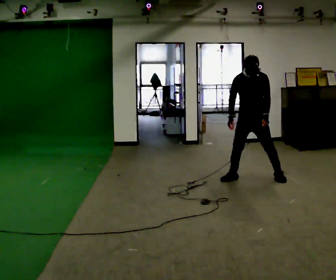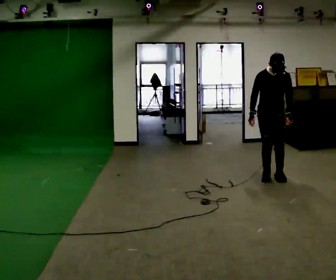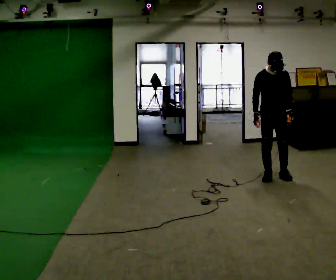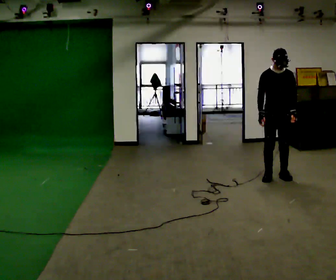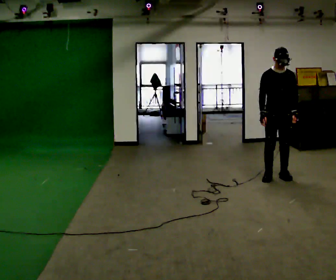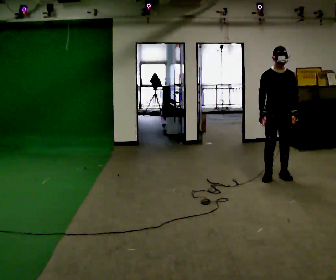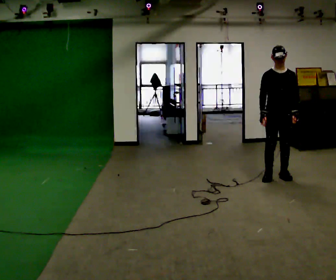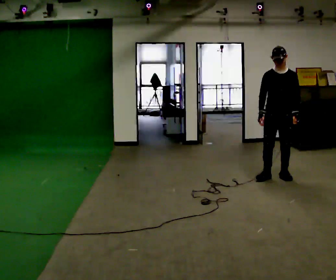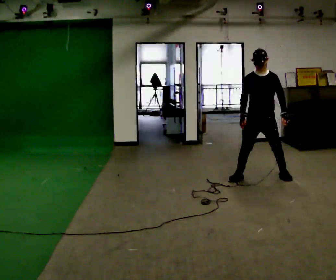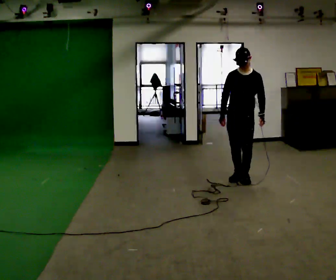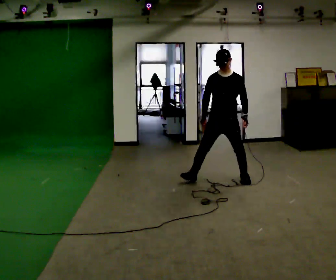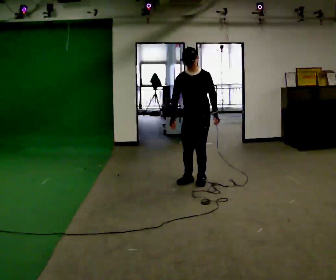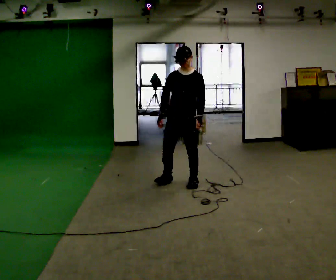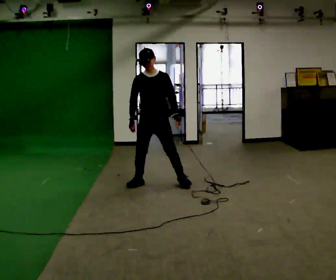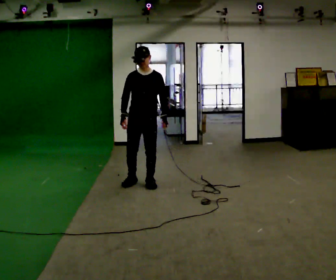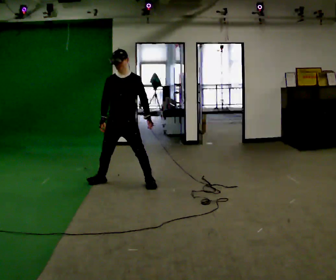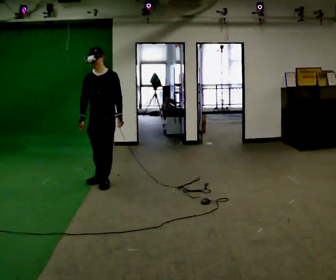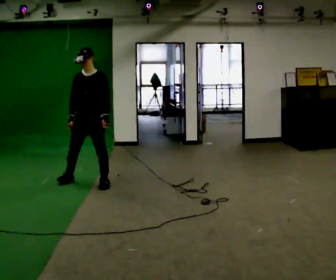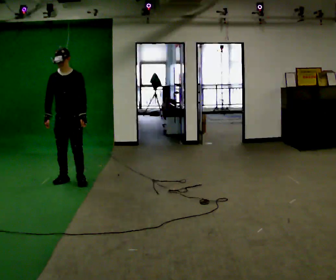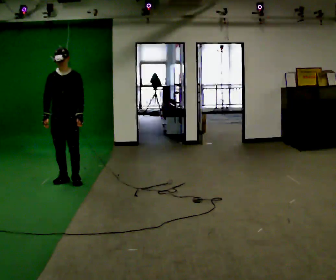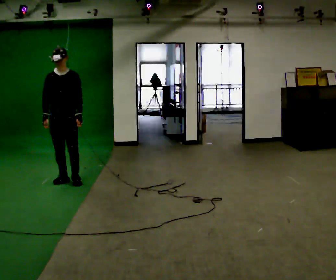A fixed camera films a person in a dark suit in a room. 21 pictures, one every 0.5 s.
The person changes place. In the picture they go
to the left.
0.0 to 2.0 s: In the picture they go to the right, about 0.25 m in 2 steps, which for them is to their left.
2.0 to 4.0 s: In the picture they go to the left, about 0.25 m in 1 step, which for them is to their right.
4.0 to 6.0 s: In the picture they go to the left, about 1 m in 3 steps, which for them is to their right and forward.
6.0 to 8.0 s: In the picture they go to the left, about 1 m in 4 steps, which for them is to their right.
8.0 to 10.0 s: In the picture they go to the left, about 0.5 m in 2 steps, which for them is to their right.
The film runs forward here.
